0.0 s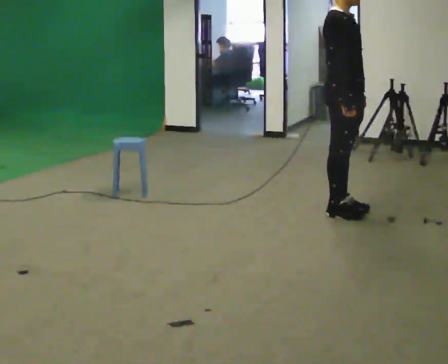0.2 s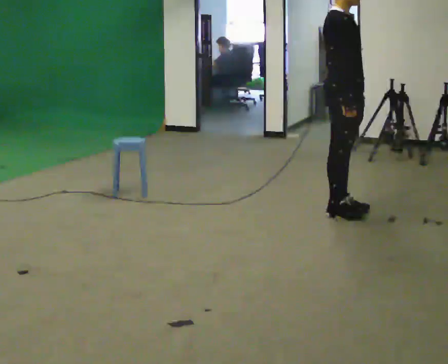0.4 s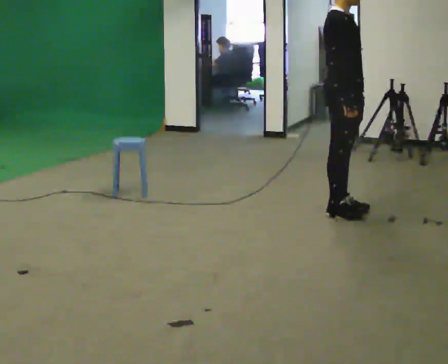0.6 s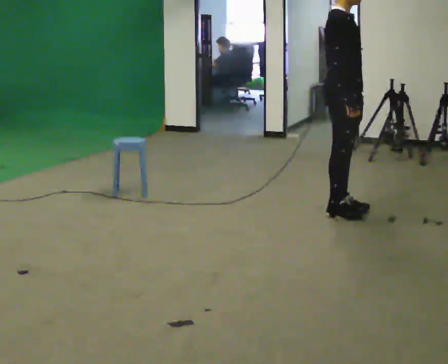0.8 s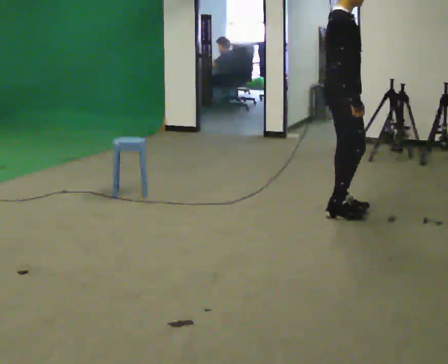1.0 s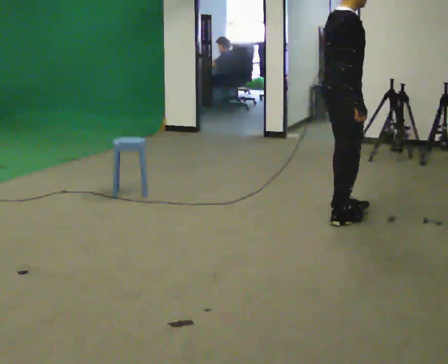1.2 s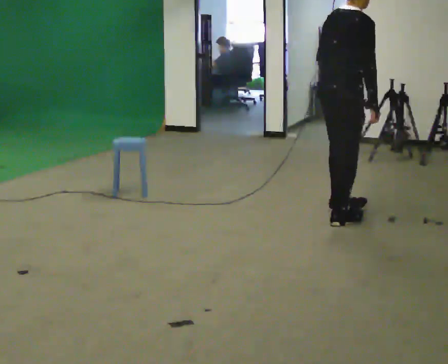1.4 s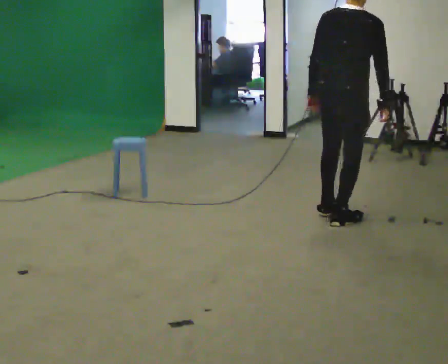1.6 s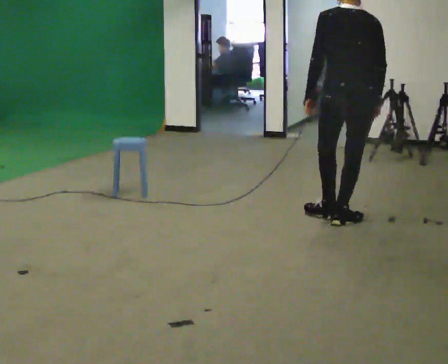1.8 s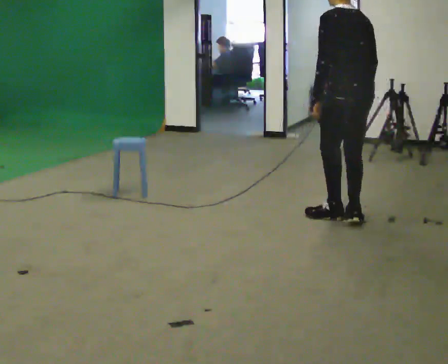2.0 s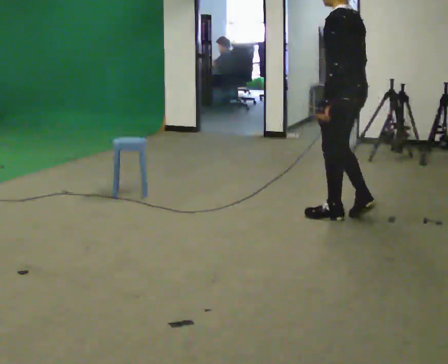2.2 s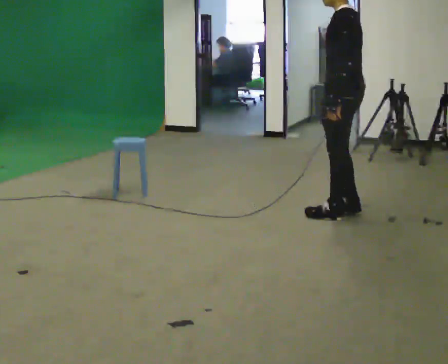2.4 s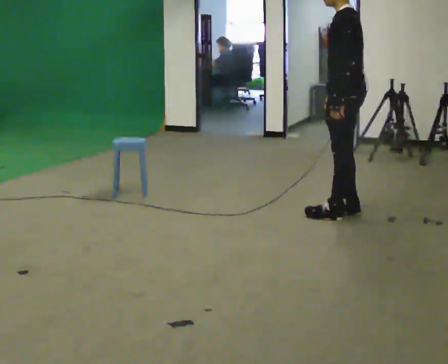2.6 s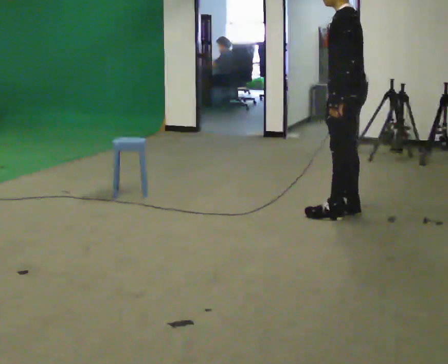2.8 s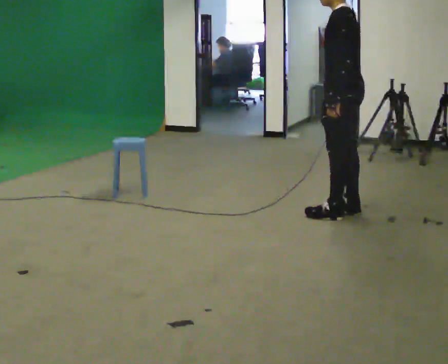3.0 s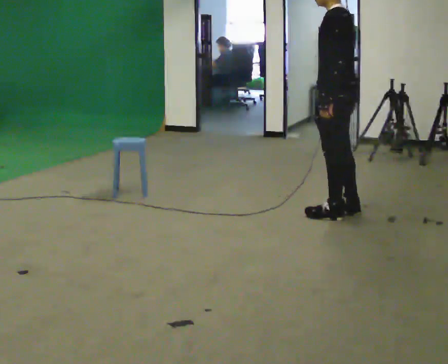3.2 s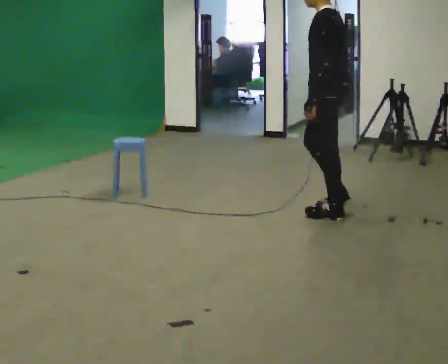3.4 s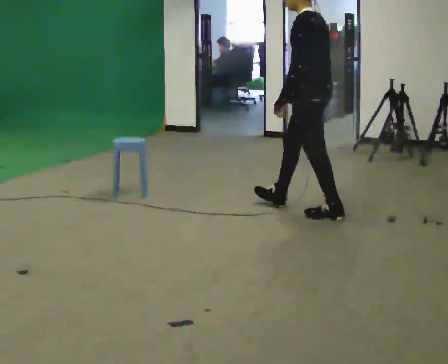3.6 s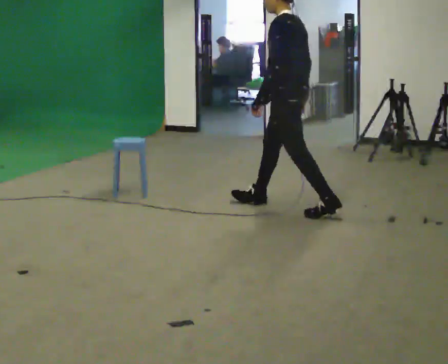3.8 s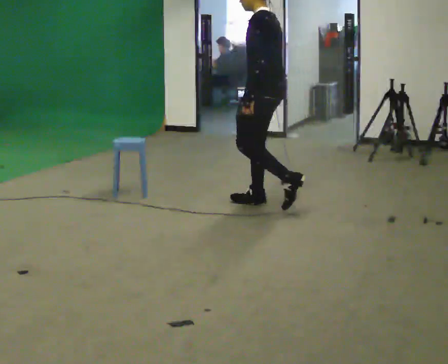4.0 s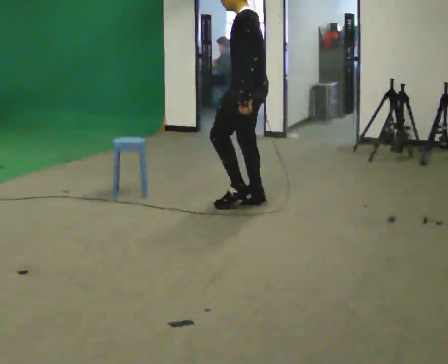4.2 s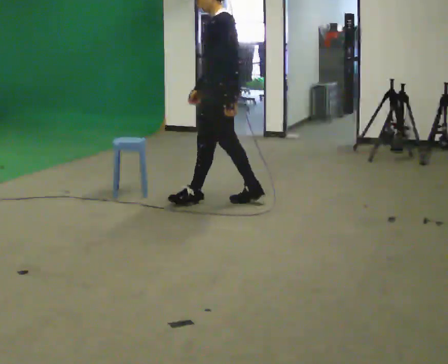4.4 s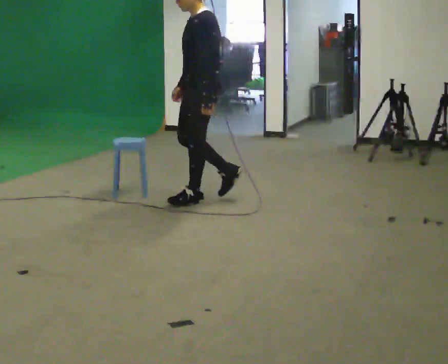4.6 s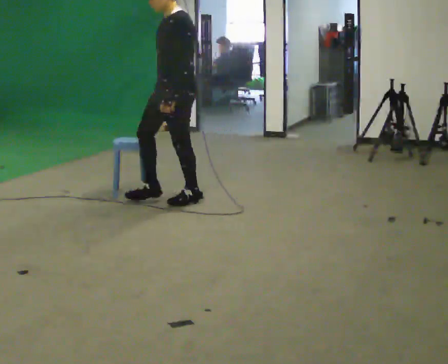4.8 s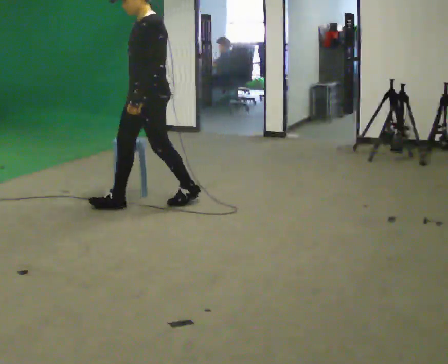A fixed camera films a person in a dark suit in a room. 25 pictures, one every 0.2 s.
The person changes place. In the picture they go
to the left.
The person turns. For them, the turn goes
to their left.
0.0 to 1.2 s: The person turns about 60 degrees to their left, counterclockwise seen from above, so the part of the body nearest the lens slides to the right. In the picture they go toward the camera, about 0.25 m in 1 step, which for them is to their right.
1.2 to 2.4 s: The person turns about 135 degrees to their left, counterclockwise seen from above, so the part of the body nearest the lens slides to the right.
2.4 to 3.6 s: In the picture they go to the left, about 0.5 m in 1 step, which for them is forward.
3.6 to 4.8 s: Seen from above the body turns counterclockwise, about 45 degrees: to their left, with its near side sliding to the right. In the picture they go to the left, about 1 m in 2 steps, which for them is forward.
The film runs forward here.
